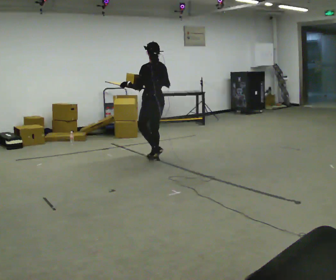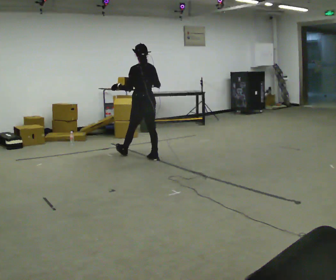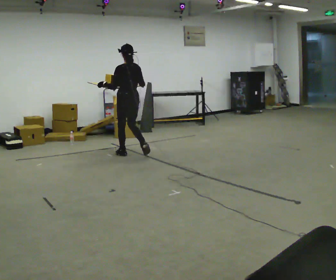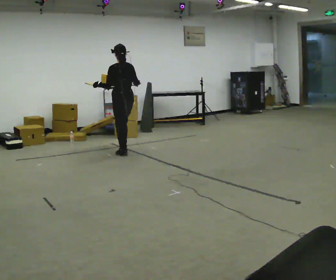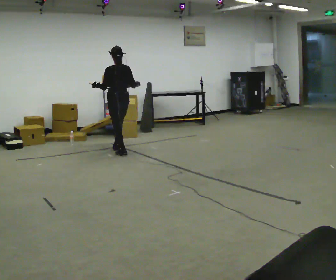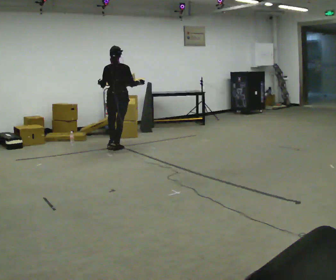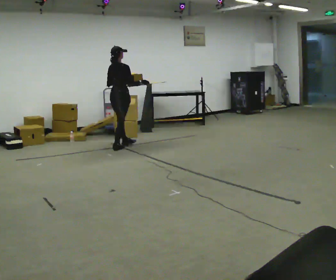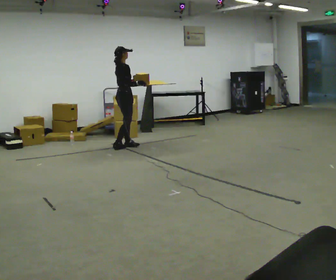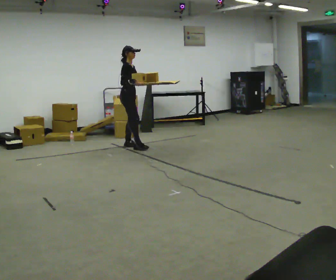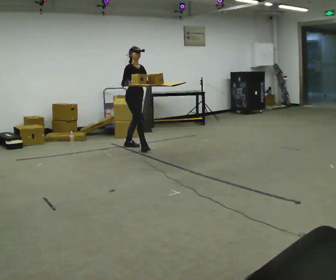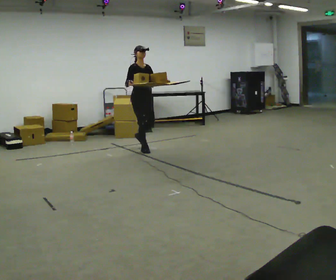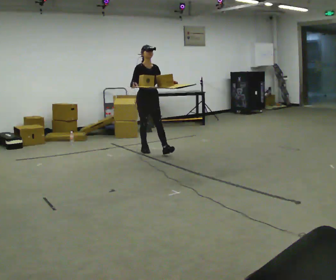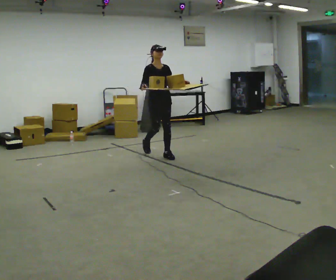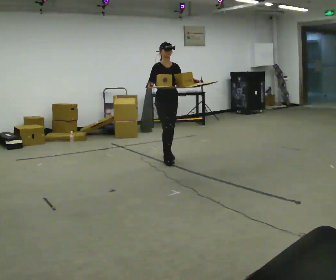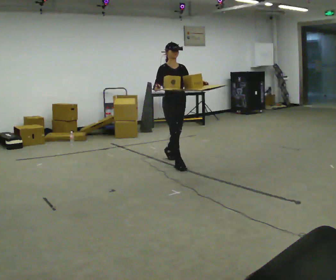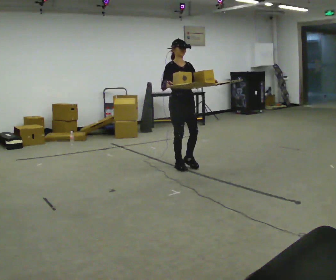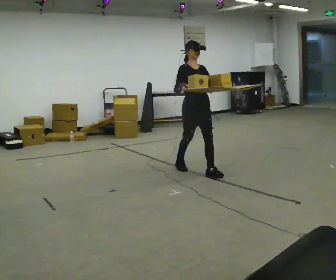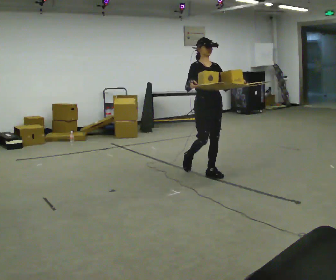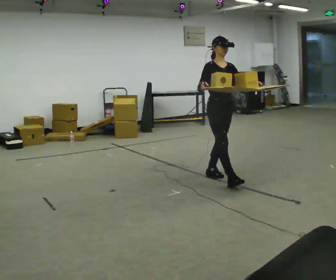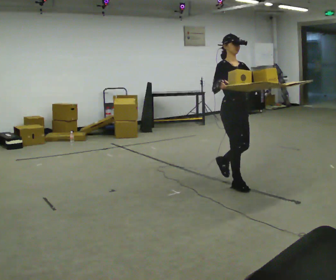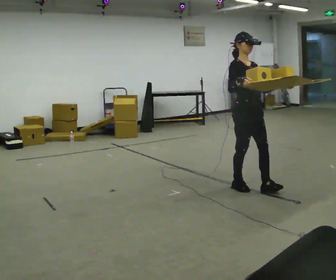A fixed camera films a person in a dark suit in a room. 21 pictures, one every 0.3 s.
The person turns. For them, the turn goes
to their right.
The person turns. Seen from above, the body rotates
clockwise.
0.0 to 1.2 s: In the picture they go away from the camera and to the left, about 1 m in 2 steps, which for them is forward.
1.2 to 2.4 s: The part of the body nearest the lens slides to the left as the person turns to their right by about 135 degrees. In the picture they go away from the camera, about 0.25 m in 1 step.
2.4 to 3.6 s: The part of the body nearest the lens slides to the left as the person turns to their right by about 45 degrees. In the picture they go toward the camera and to the right, about 1 m in 2 steps, which for them is forward.
3.6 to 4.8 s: In the picture they go toward the camera and to the right, about 1 m in 2 steps, which for them is forward.
4.8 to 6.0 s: In the picture they go toward the camera and to the right, about 1 m in 1 step, which for them is forward.
The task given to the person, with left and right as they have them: Carry the open tray of loose items across the room, back and forth, trying not to let anything fall out.
The film runs forward here.
